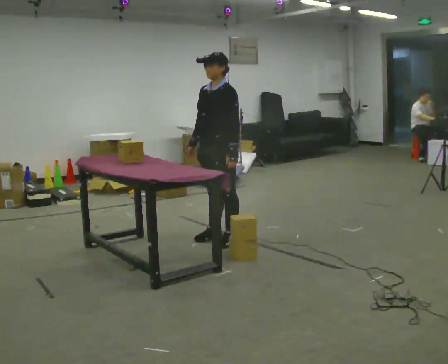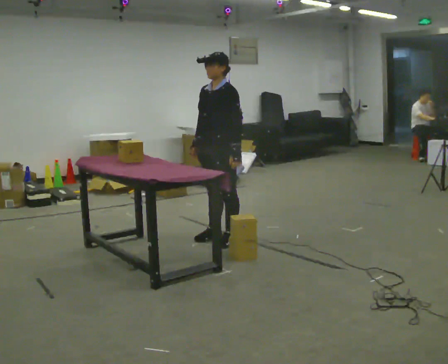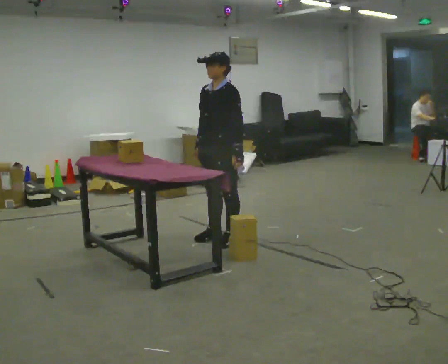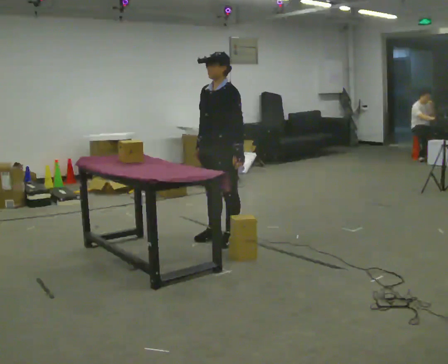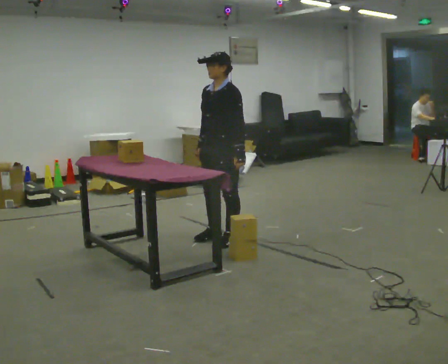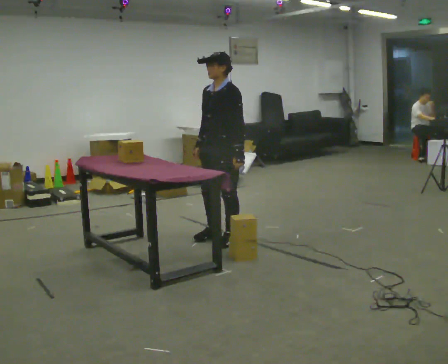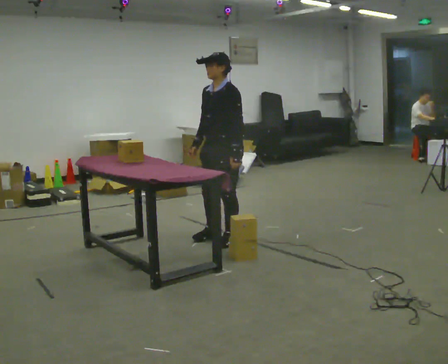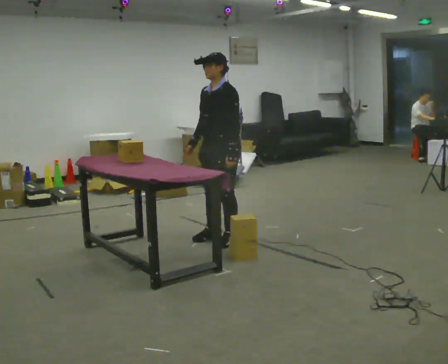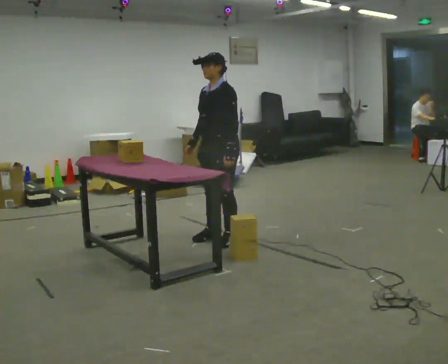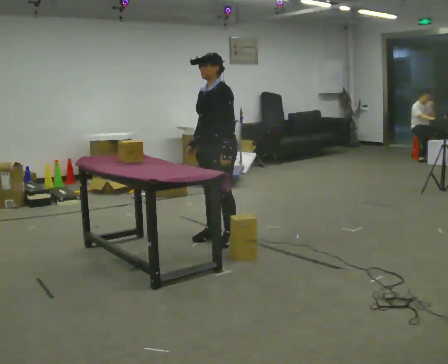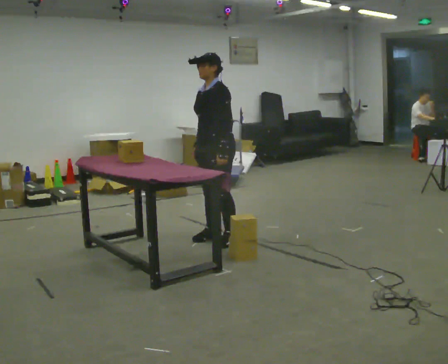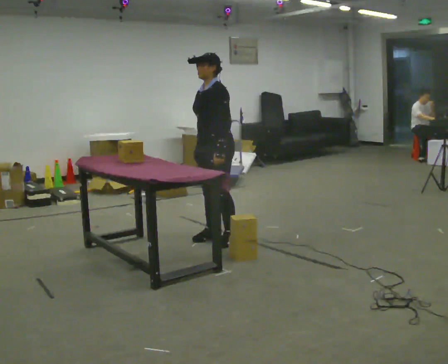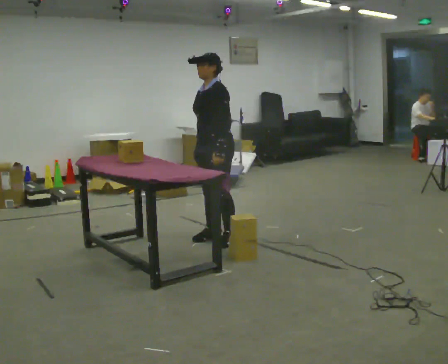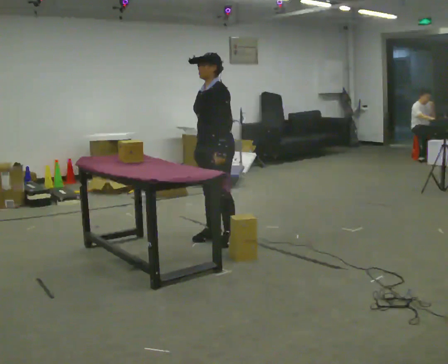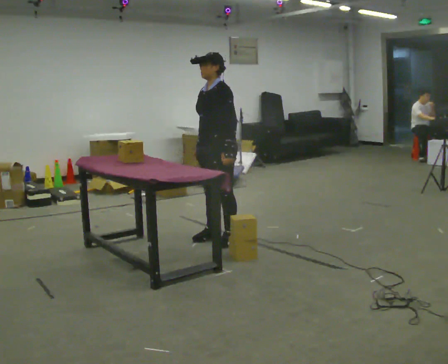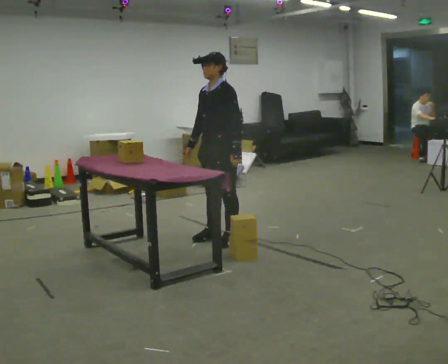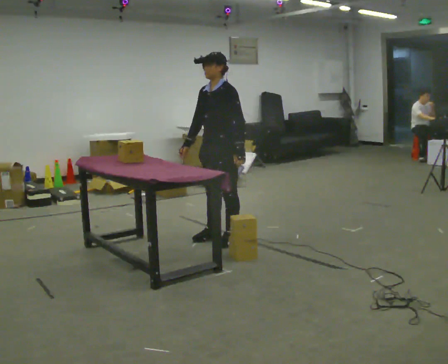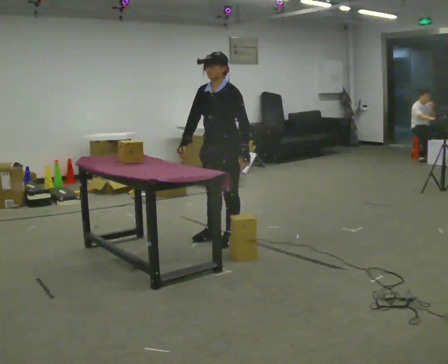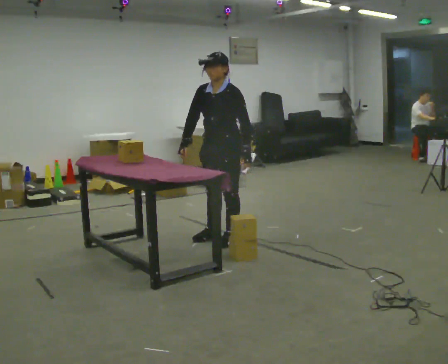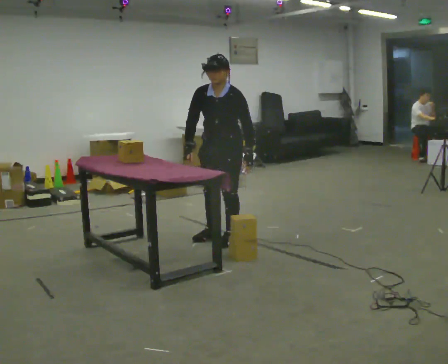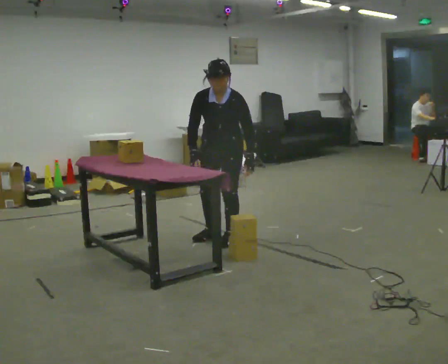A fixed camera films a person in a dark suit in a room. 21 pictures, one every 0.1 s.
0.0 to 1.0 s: The person moves a little, or ends about where they began.
1.0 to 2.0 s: The part of the body nearest the lens slides to the right as the person turns to their left by about 45 degrees. The upper body tips toward the camera, its near side rolling downward, as they bend forward.
The film runs backward here.
